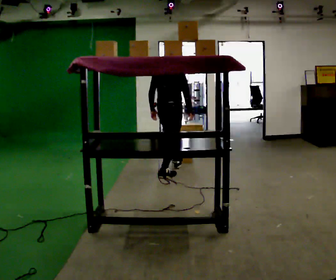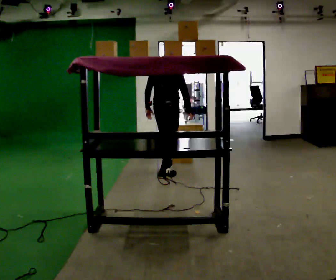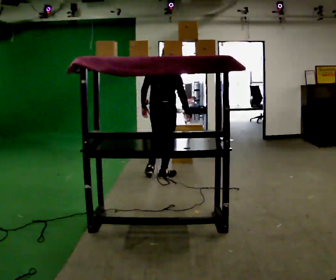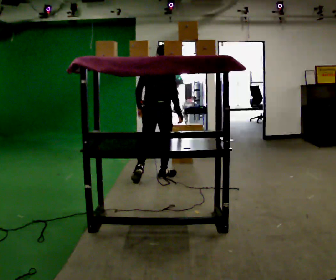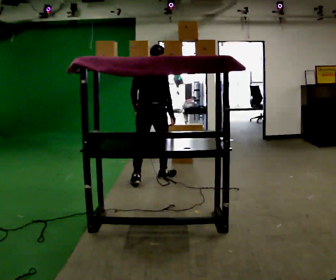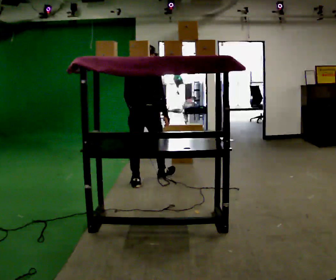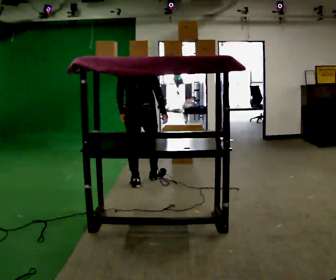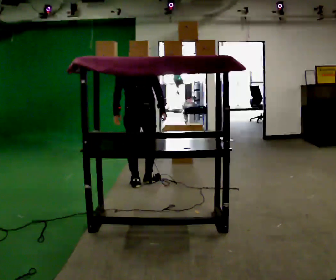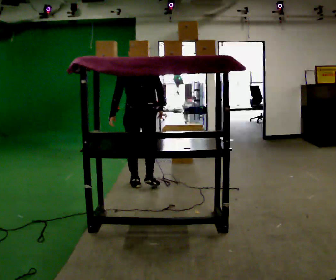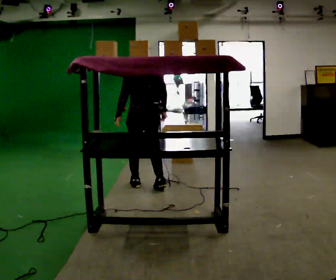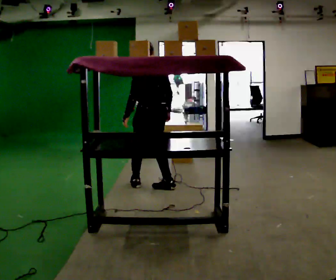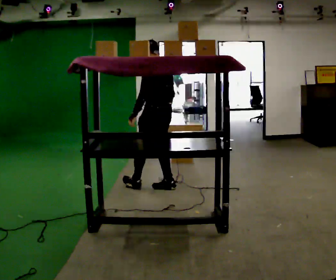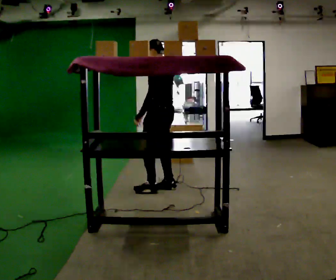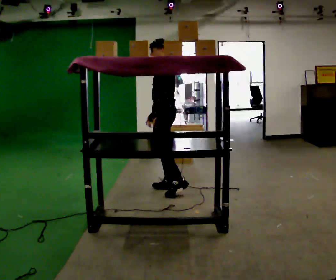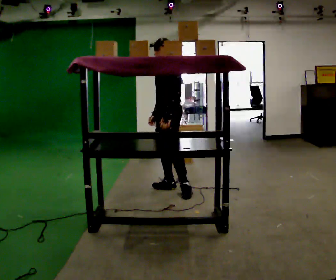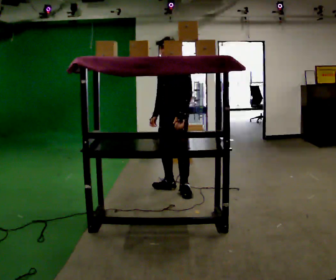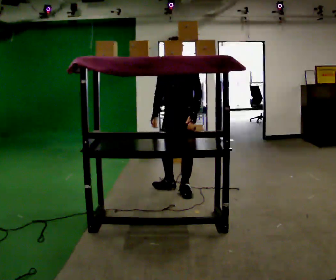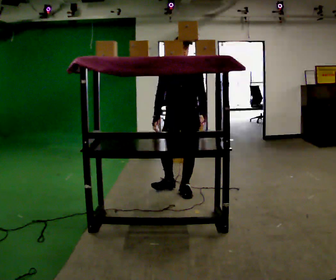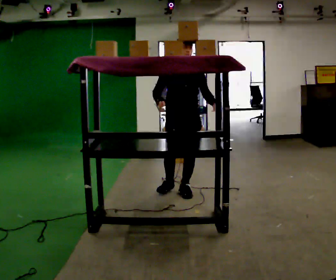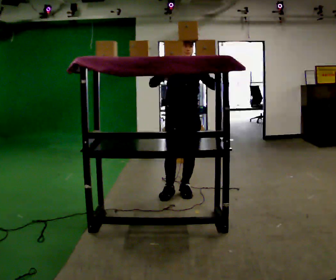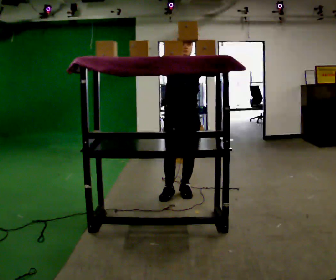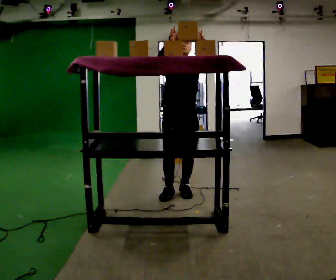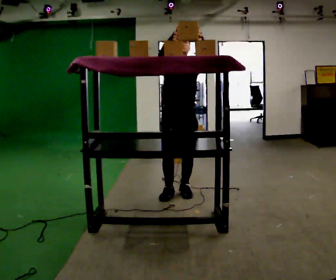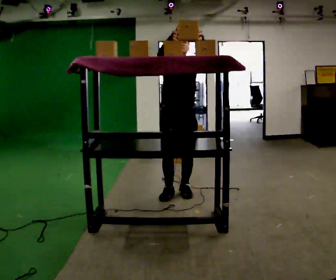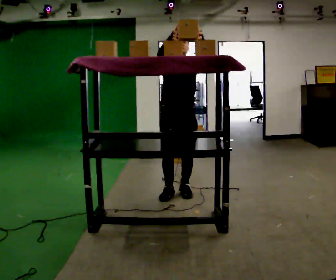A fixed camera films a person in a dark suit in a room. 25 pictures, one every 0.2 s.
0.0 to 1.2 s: The part of the body nearest the lens slides to the right as the person turns to their left by about 30 degrees. In the picture they go toward the camera and to the left, about 0.5 m in 2 steps, which for them is backward.
1.2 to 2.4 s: The part of the body nearest the lens slides to the right as the person turns to their left by about 75 degrees. In the picture they go to the right and toward the camera, about 0.25 m in 1 step.
2.4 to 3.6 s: Seen from above the body turns counterclockwise, about 120 degrees: to their left, with its near side sliding to the right. In the picture they go to the right and toward the camera, about 0.25 m.
3.6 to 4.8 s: In the picture their left hand goes upward, the arm swinging counterclockwise.
The film runs backward here.
